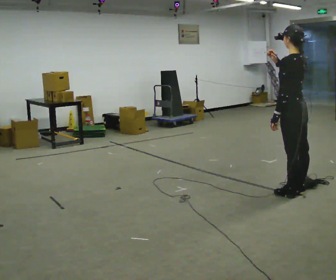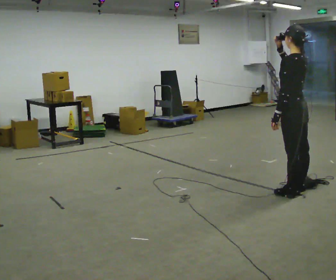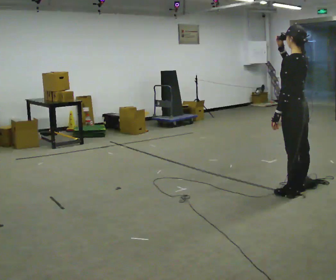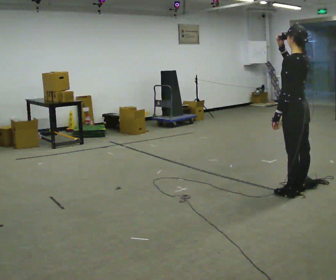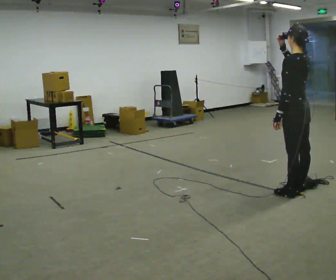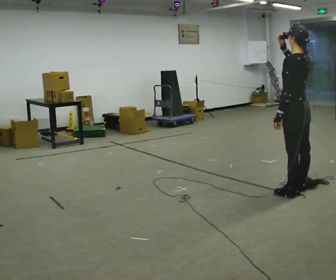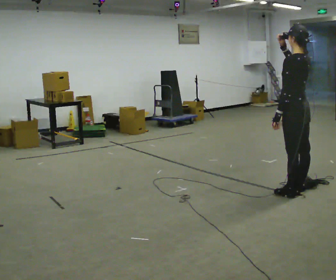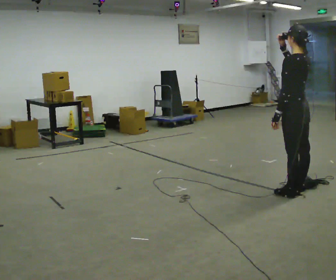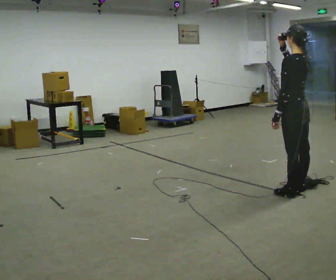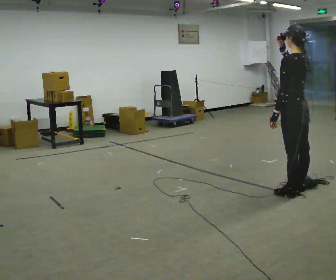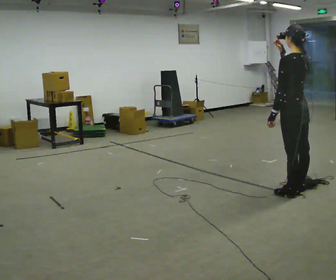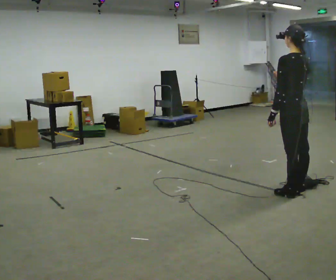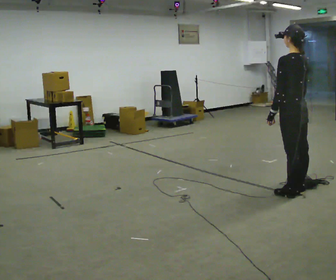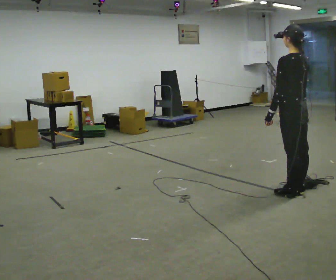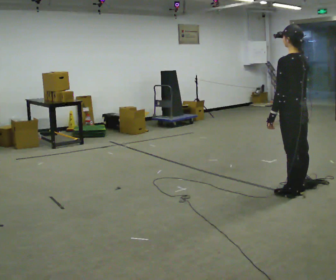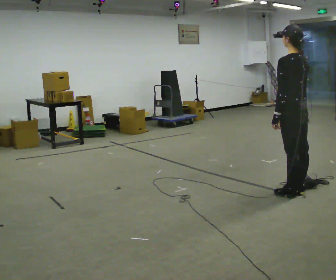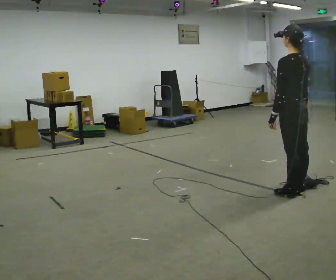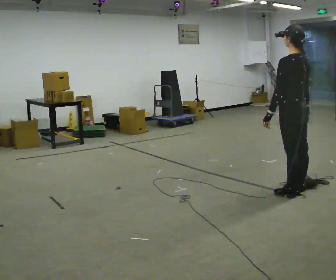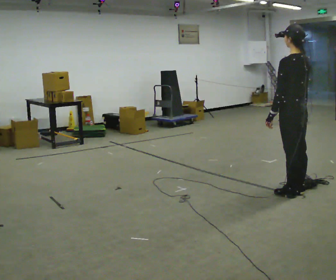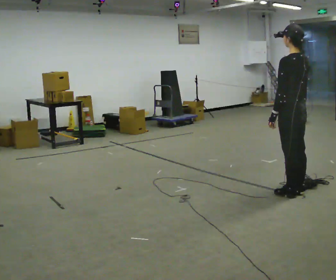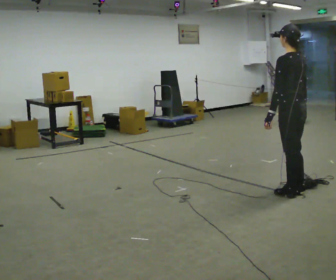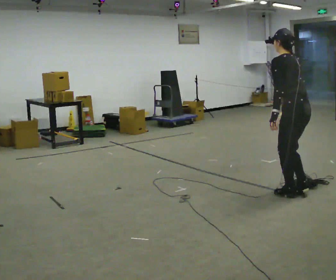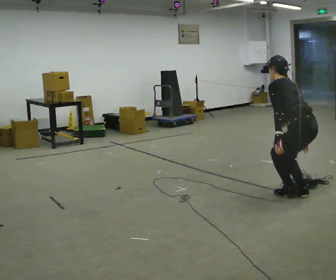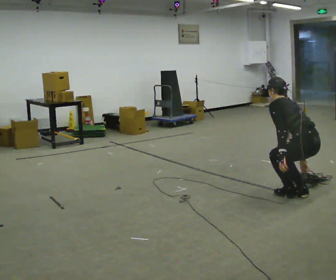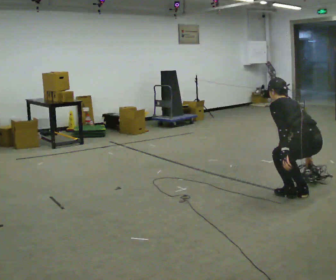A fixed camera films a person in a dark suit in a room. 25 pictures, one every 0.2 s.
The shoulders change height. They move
downward.
0.0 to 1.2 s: The person moves a little, or ends about where they began.
1.2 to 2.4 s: In the picture their right hand goes downward.
2.4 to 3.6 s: The person moves a little, or ends about where they began.
3.6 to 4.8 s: The upper body goes downward. The upper body tips away from the camera, its near side rolling upward, as they bend forward. In the picture their left hand goes downward.
The film runs backward here.
